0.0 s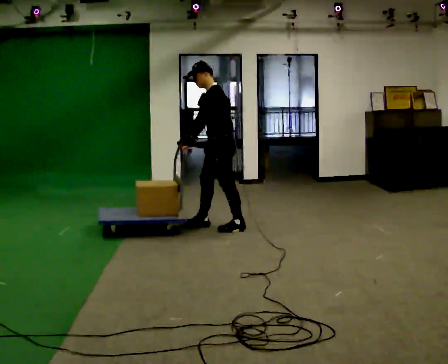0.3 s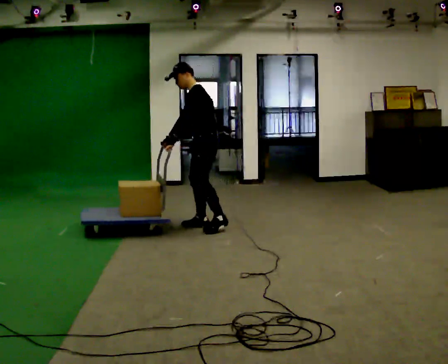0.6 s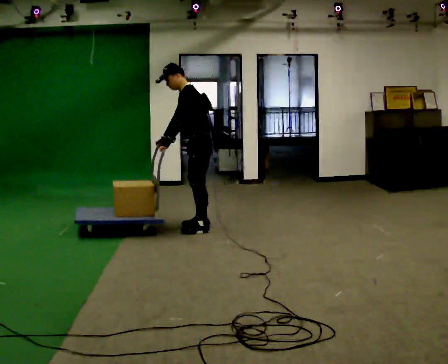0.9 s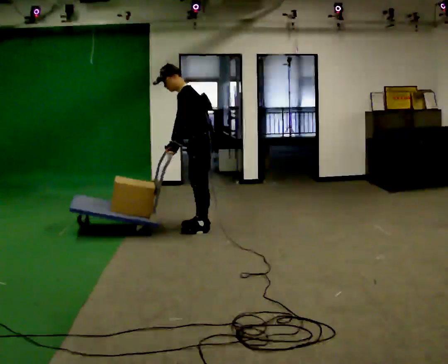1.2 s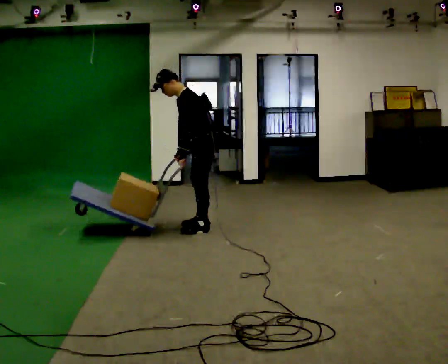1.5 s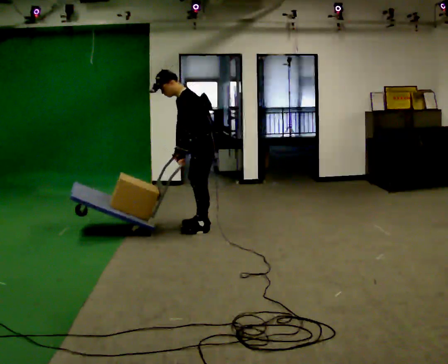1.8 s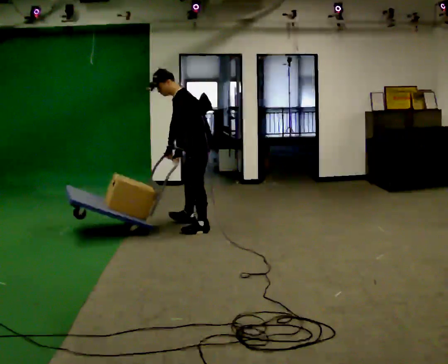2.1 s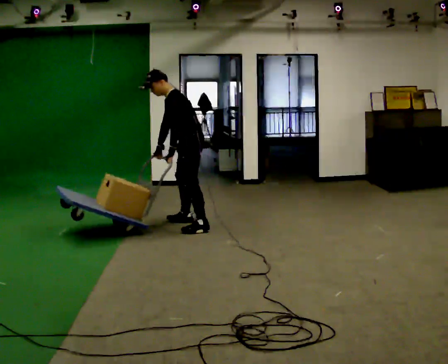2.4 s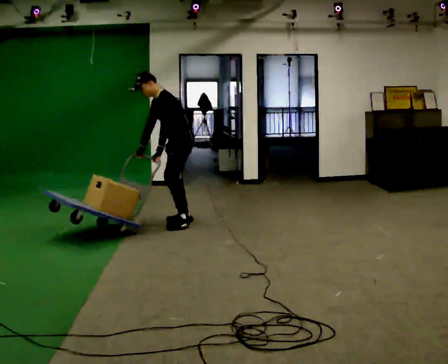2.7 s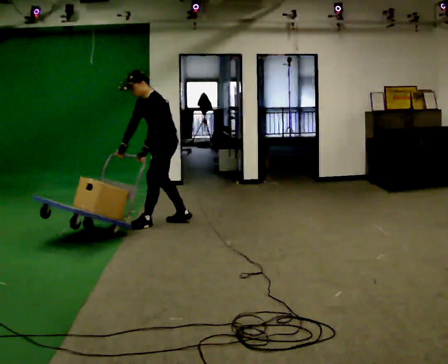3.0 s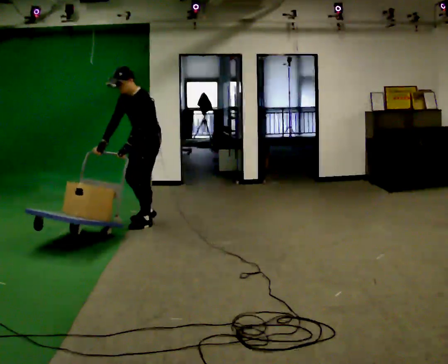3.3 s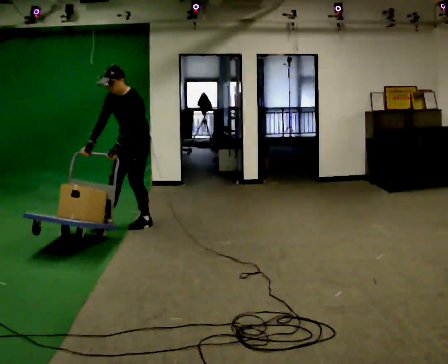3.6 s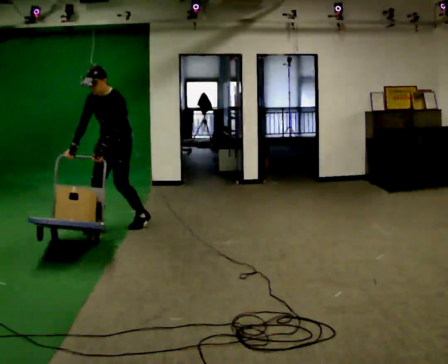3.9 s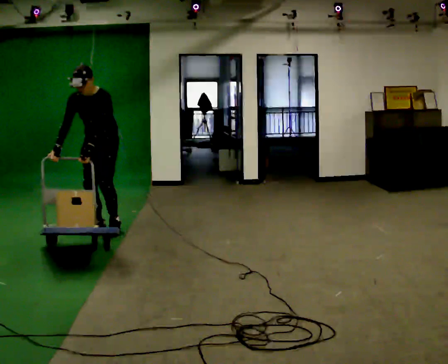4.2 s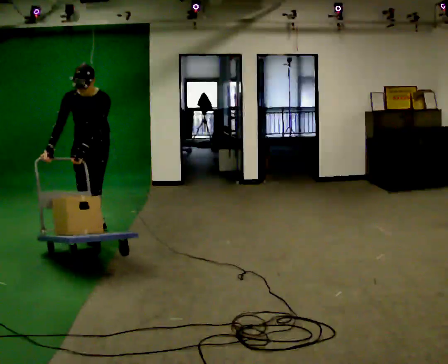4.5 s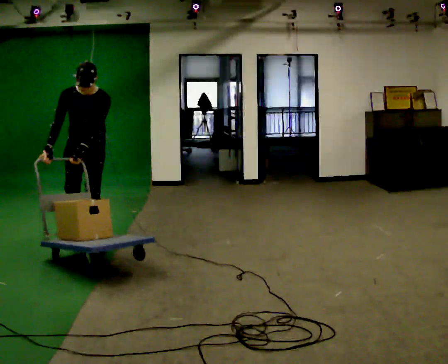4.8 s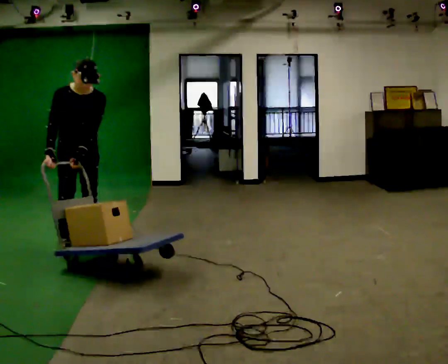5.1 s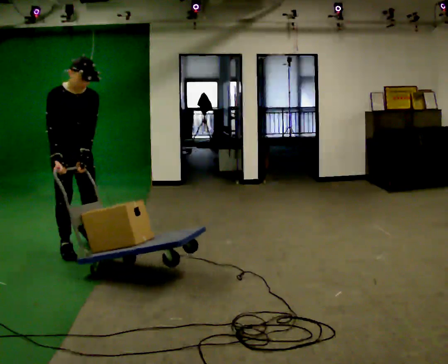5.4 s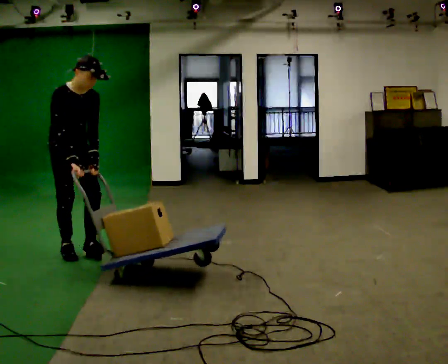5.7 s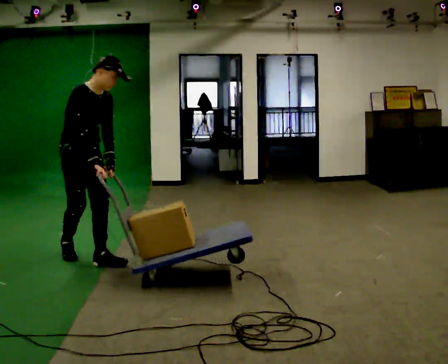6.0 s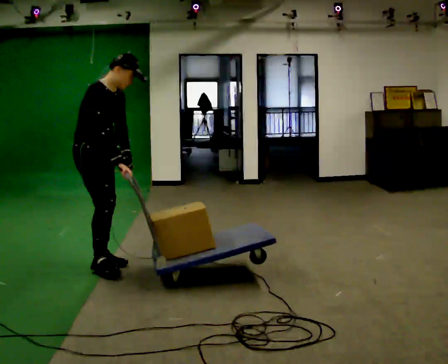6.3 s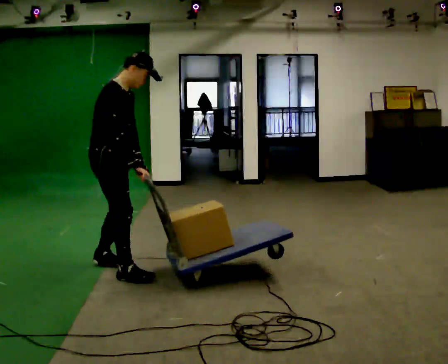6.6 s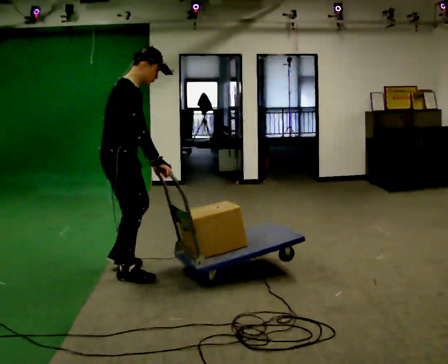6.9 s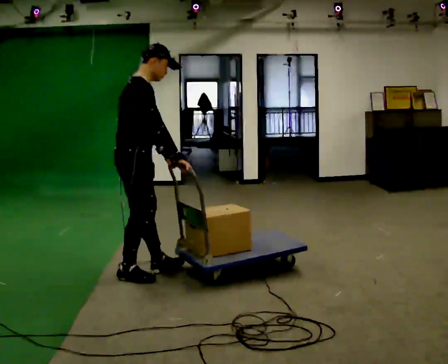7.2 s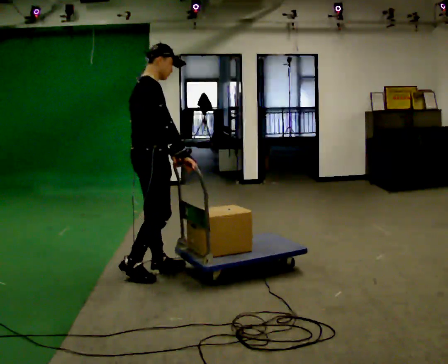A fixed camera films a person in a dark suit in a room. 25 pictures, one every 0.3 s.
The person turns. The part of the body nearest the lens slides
to the right.
The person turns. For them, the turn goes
to their left.
0.0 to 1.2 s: In the picture they go to the left, about 0.25 m in 1 step, which for them is forward. In the picture the upper body tilts counterclockwise, shoulders to the left, as they bend forward.
1.2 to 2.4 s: In the picture they go away from the camera and to the left, about 0.25 m in 1 step, which for them is forward and to their right.
2.4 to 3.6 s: The part of the body nearest the lens slides to the right as the person turns to their left by about 45 degrees. In the picture they go to the left, about 0.5 m in 2 steps, which for them is forward. In the picture the upper body tilts clockwise, shoulders to the right.
3.6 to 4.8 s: The part of the body nearest the lens slides to the right as the person turns to their left by about 60 degrees. In the picture they go toward the camera and to the left, about 0.75 m in 2 steps. In the picture the upper body tilts clockwise, shoulders to the right.
4.8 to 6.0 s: Seen from above the body turns counterclockwise, about 45 degrees: to their left, with its near side sliding to the right. In the picture they go toward the camera, about 0.5 m in 1 step, which for them is forward and to their right.
6.0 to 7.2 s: The person turns about 30 degrees to their left, counterclockwise seen from above, so the part of the body nearest the lens slides to the right. In the picture they go to the right and toward the camera, about 0.5 m in 2 steps, which for them is forward and to their right. In the picture the upper body tilts counterclockwise, shoulders to the left, as they lean back or straighten.
The film runs forward here.
